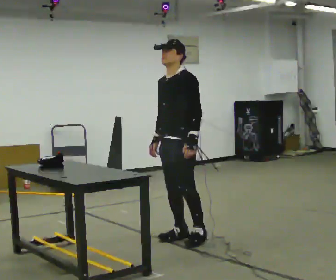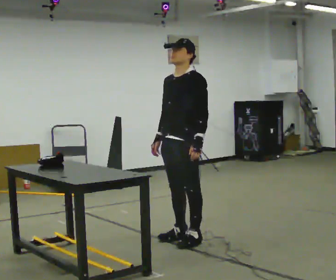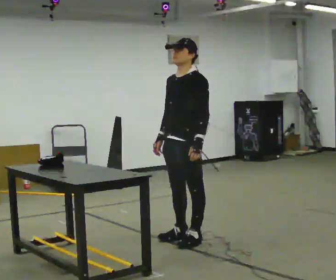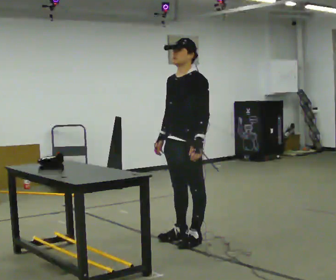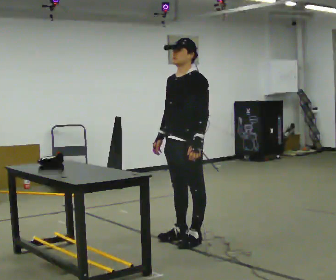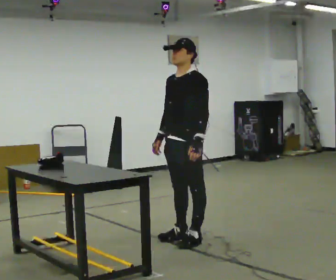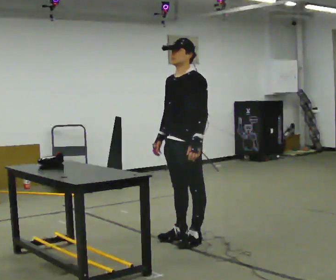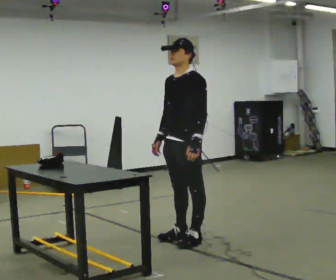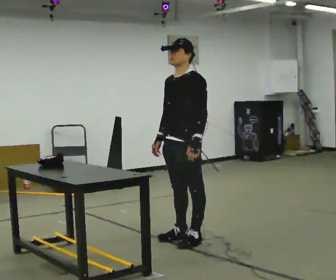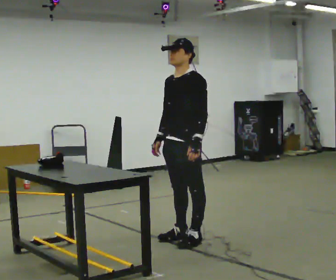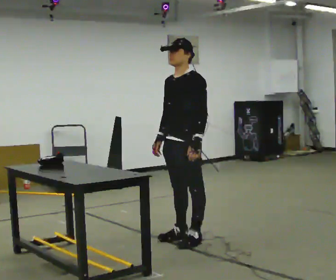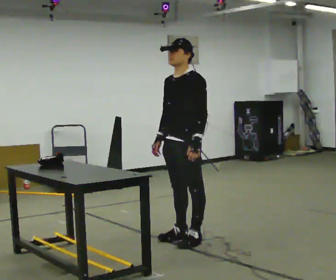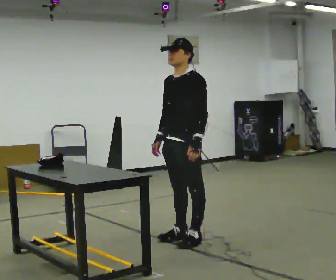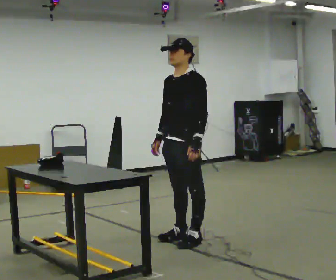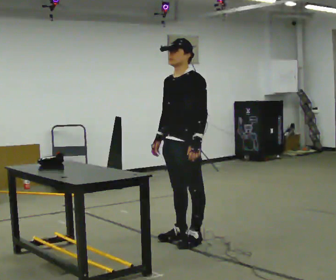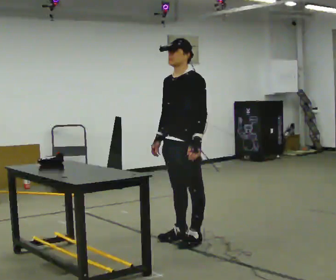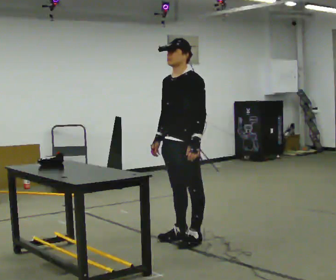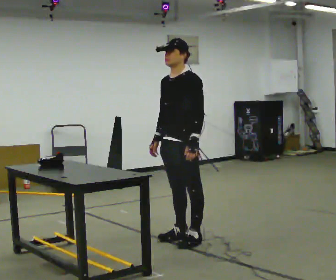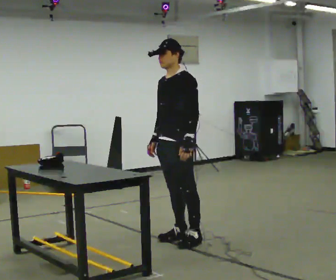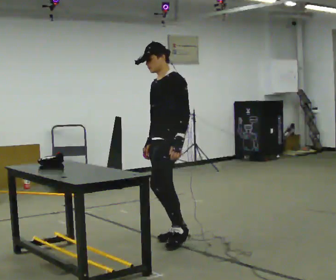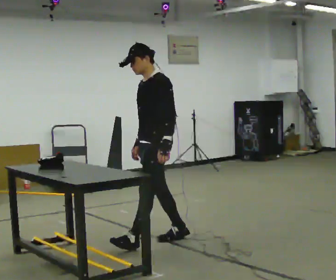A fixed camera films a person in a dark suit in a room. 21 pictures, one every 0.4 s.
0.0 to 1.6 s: The person moves a little, or ends about where they began.
1.6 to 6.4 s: The person keeps their place and pose.
6.4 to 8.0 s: In the picture they go to the left, about 0.25 m in 1 step, which for them is forward.
The film runs forward here.
